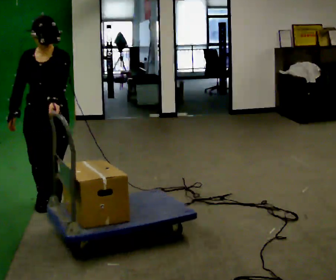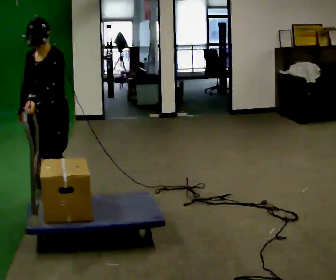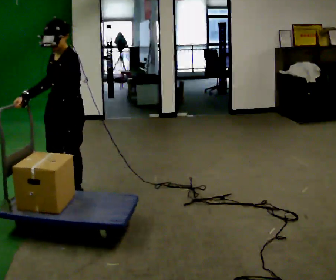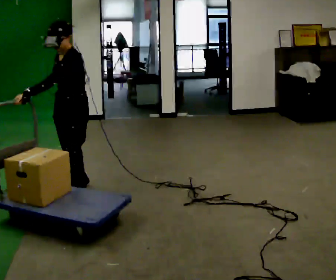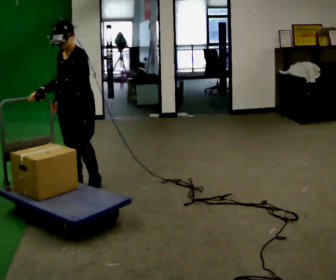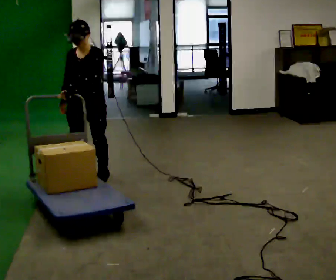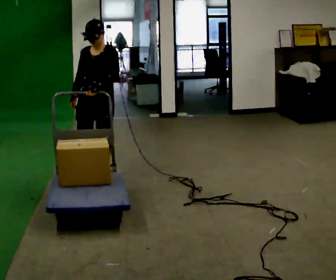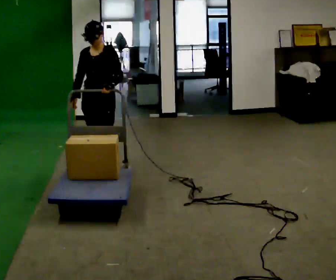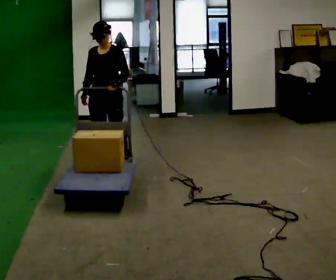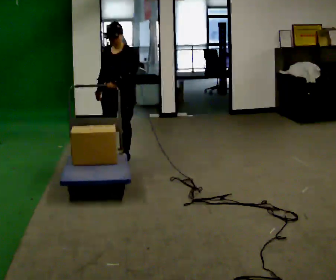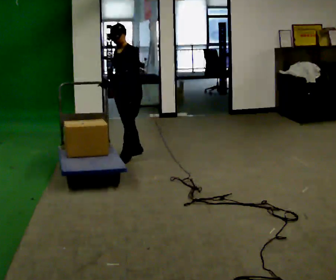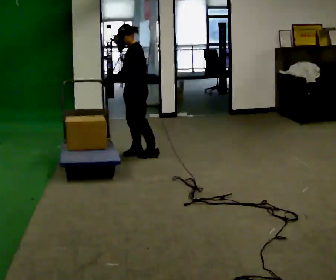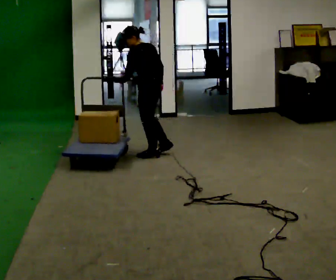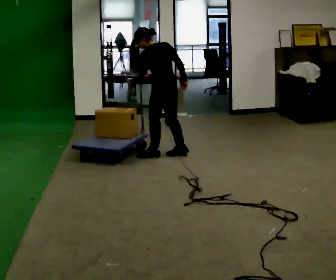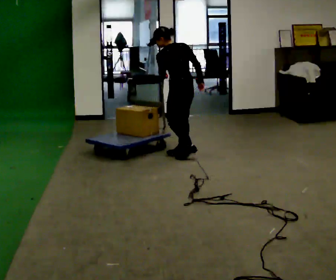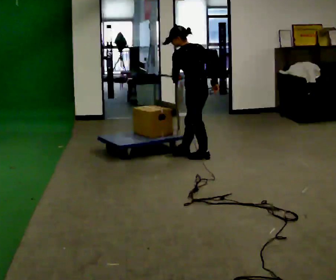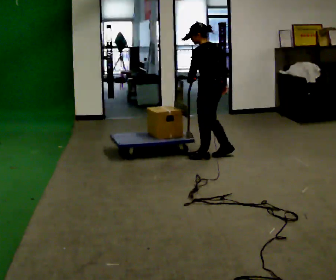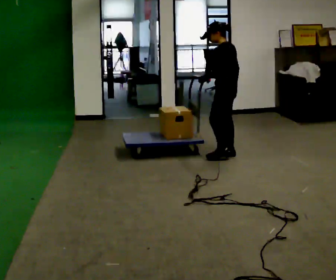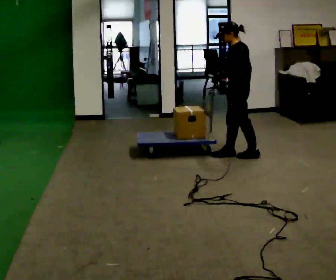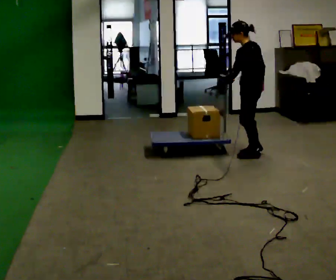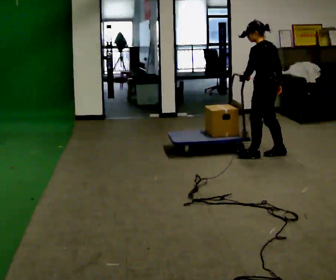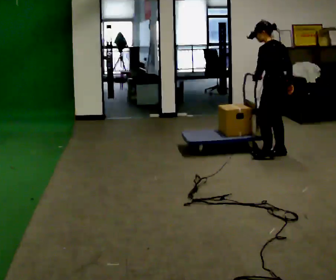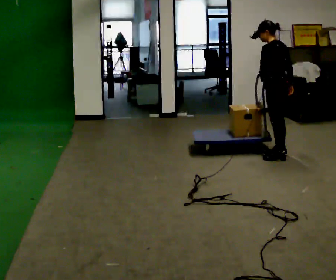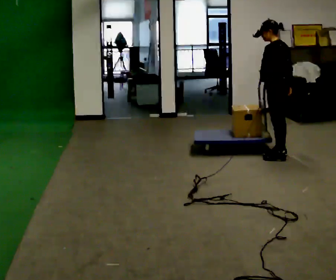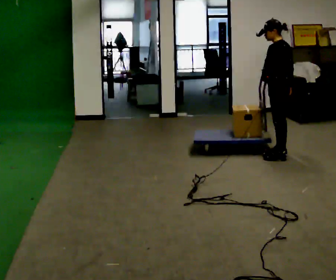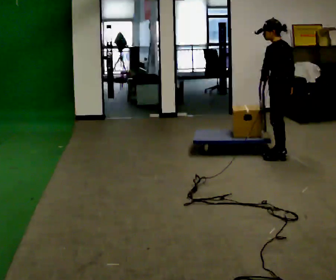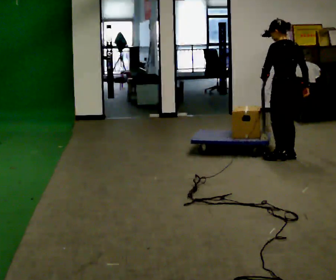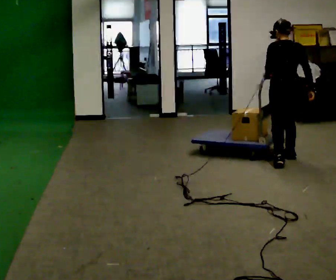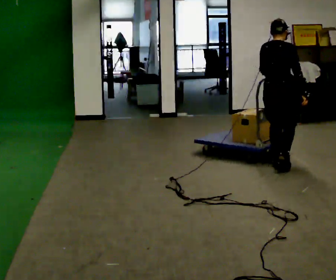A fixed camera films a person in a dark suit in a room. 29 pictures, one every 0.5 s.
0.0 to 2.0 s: The person turns about 30 degrees to their right, clockwise seen from above, so the part of the body nearest the lens slides to the left. In the picture they go away from the camera, about 0.75 m in 3 steps, which for them is backward and to their right.
2.0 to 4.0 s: In the picture they go away from the camera, about 0.75 m in 2 steps, which for them is backward.
4.0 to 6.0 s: The part of the body nearest the lens slides to the left as the person turns to their right by about 105 degrees. In the picture they go away from the camera and to the right, about 0.5 m in 3 steps.
6.0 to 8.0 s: In the picture they go to the right, about 0.75 m in 2 steps, which for them is backward and to their right.
8.0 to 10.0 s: In the picture they go to the right, about 0.5 m in 2 steps, which for them is backward.
10.0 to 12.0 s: The person moves a little, or ends about where they began.
12.0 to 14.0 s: Seen from above the body turns clockwise, about 90 degrees: to their right, with its near side sliding to the left. In the picture they go toward the camera, about 0.5 m in 3 steps.
The film runs backward here.
